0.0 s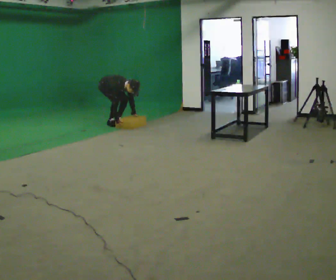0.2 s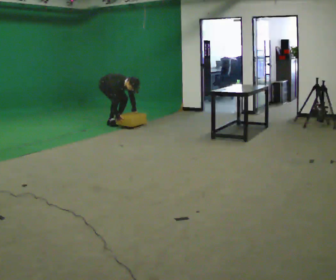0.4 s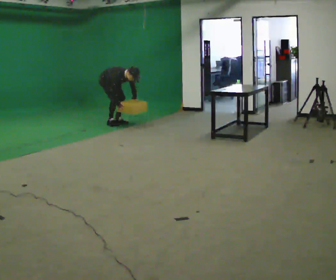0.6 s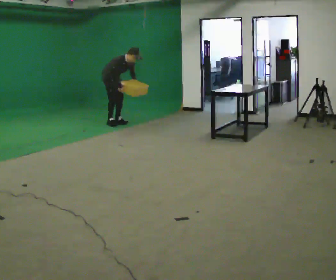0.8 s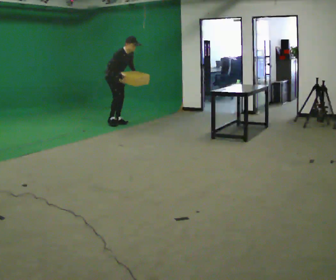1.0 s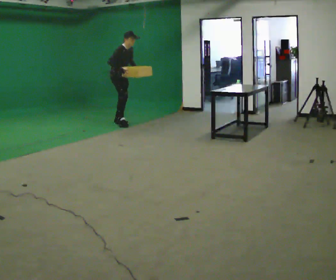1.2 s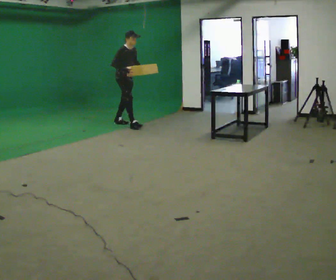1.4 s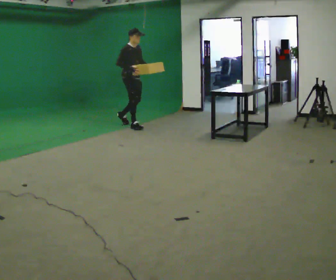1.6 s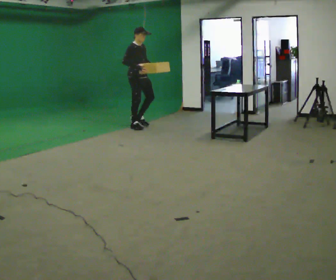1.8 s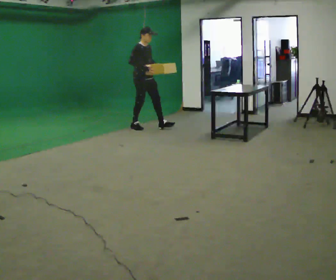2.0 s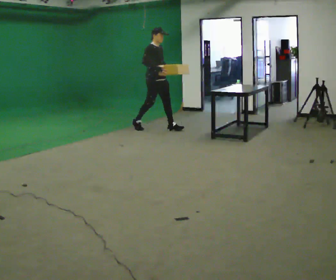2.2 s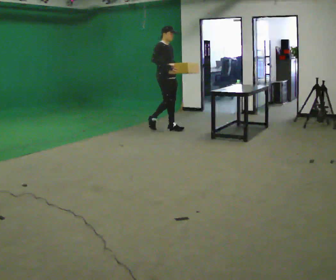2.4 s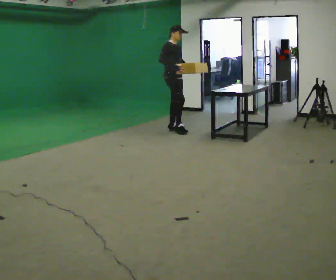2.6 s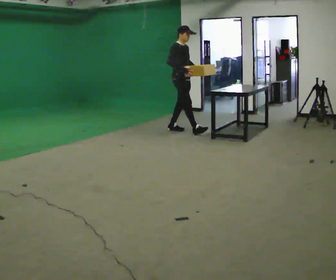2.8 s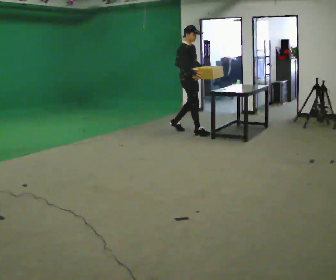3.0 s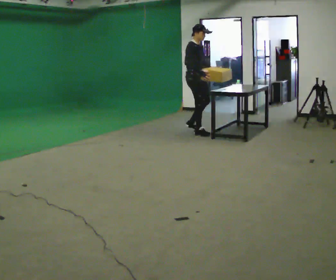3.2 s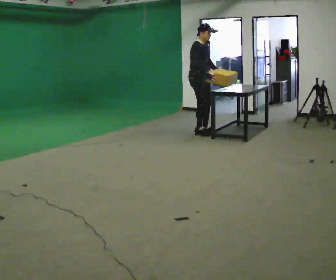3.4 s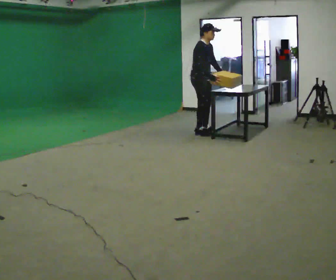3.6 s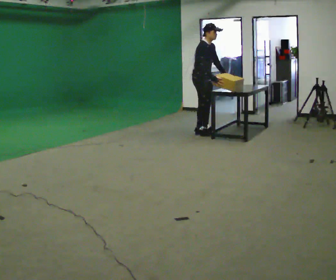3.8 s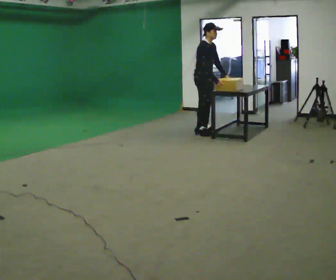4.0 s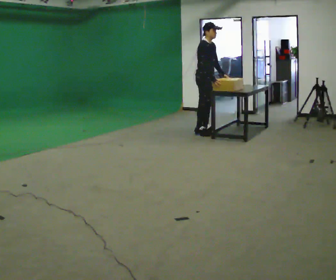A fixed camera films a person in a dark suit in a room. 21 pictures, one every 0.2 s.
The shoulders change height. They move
upward.
The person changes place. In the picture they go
to the right.
0.0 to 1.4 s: In the picture they go to the right and toward the camera, about 0.5 m in 1 step, which for them is forward. The shoulders move upward. In the picture the upper body tilts counterclockwise, shoulders to the left, as they lean back or straighten. In the picture their right hand goes upward.
1.4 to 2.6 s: In the picture they go to the right and toward the camera, about 1 m in 1 step, which for them is forward.
2.6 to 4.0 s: In the picture they go to the right and toward the camera, about 0.5 m in 2 steps, which for them is forward.
The film runs forward here.
